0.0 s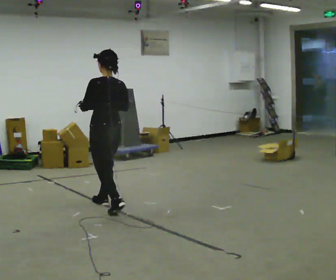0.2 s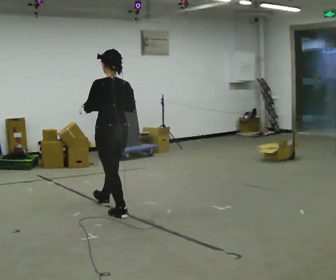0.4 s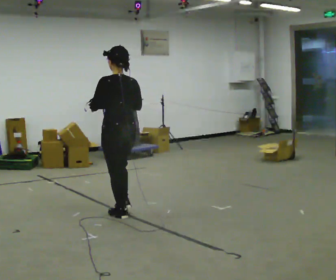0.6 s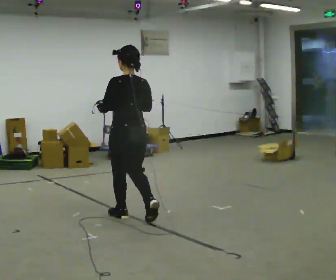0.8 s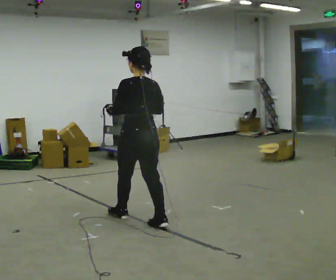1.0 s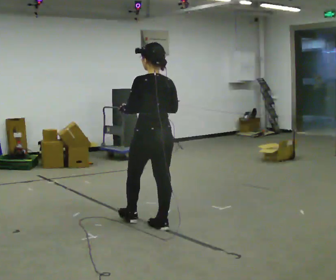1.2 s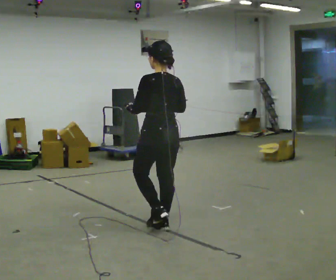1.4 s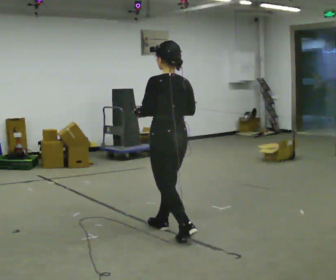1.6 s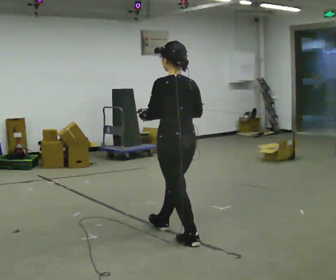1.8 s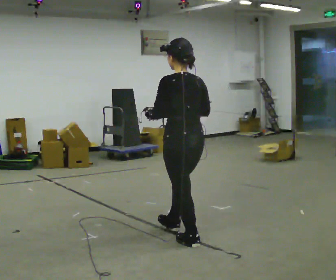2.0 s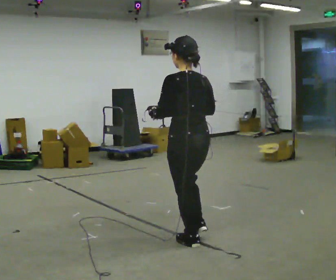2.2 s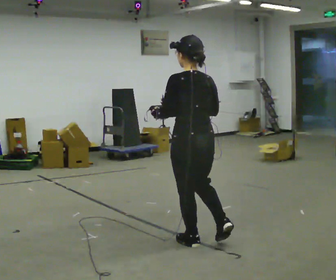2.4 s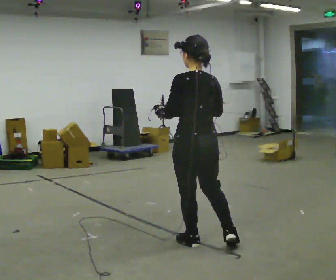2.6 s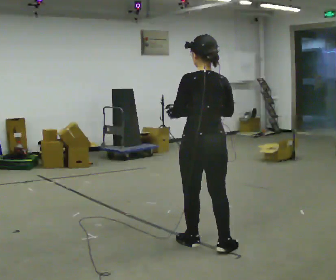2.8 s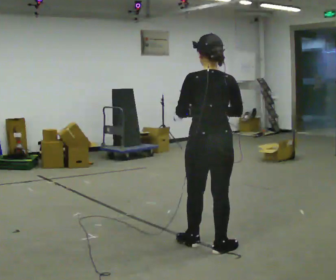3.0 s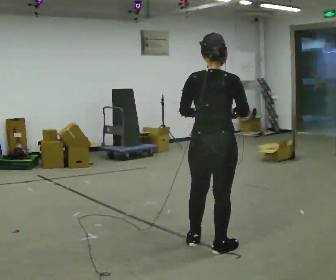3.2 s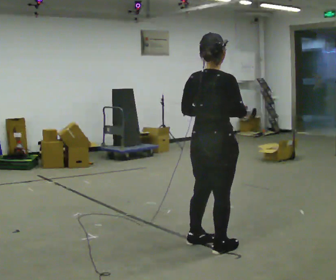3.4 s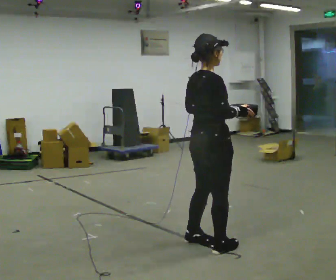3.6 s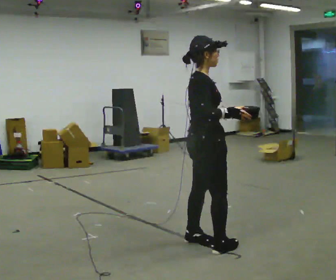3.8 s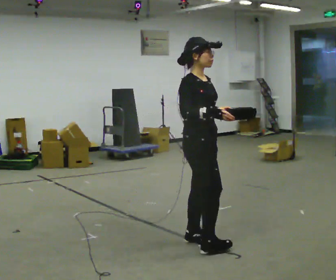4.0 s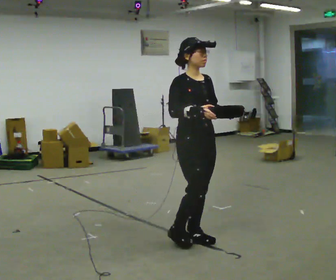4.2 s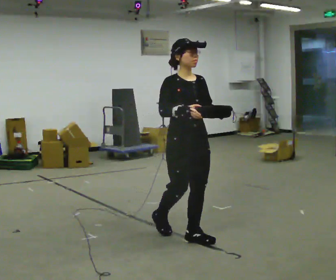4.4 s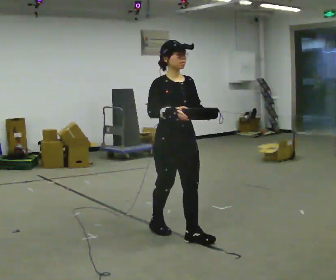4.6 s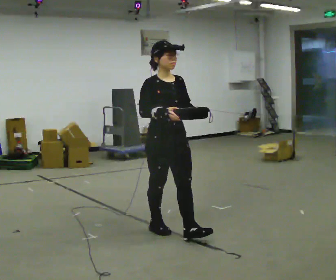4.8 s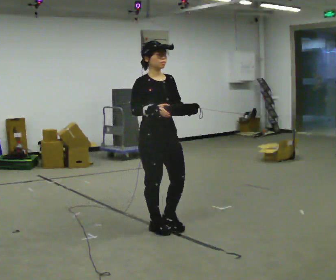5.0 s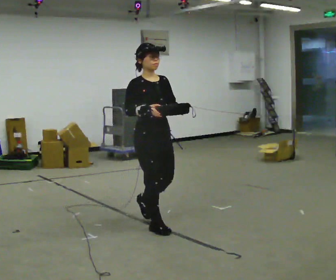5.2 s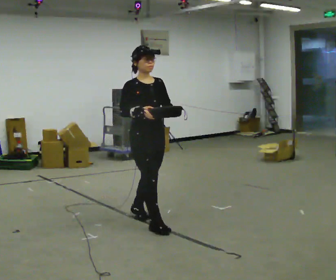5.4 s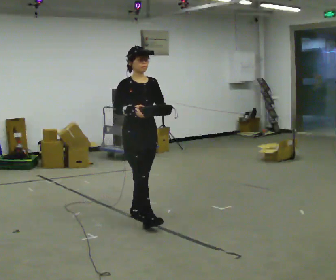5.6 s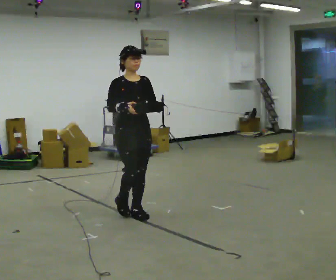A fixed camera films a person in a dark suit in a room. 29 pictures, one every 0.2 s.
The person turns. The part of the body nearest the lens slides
to the left.
The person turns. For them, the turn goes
to their right.
0.0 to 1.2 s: In the picture they go to the right and toward the camera, about 1 m in 2 steps, which for them is backward.
1.2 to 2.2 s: In the picture they go toward the camera and to the right, about 0.5 m in 1 step, which for them is backward.
2.2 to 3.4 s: The part of the body nearest the lens slides to the left as the person turns to their right by about 90 degrees. In the picture their left hand goes to the right.
3.4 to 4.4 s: Seen from above the body turns clockwise, about 90 degrees: to their right, with its near side sliding to the left. In the picture they go to the left and away from the camera, about 0.5 m in 1 step.
4.4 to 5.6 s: In the picture they go away from the camera and to the left, about 0.5 m in 2 steps, which for them is backward.
The film runs backward here.
